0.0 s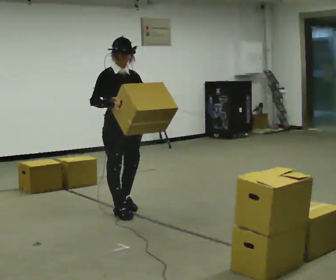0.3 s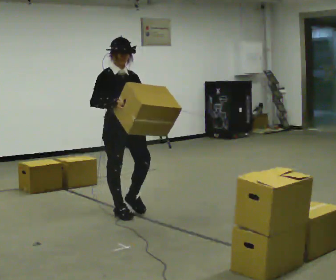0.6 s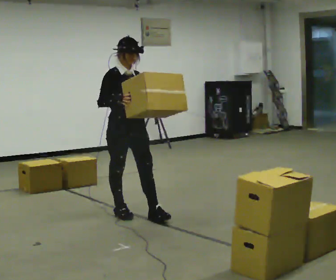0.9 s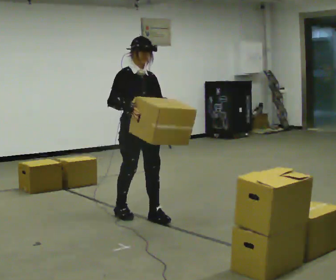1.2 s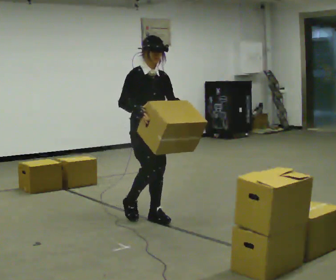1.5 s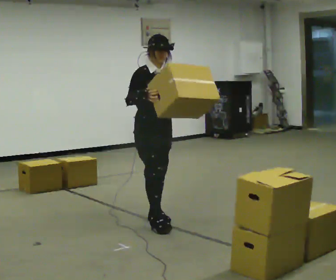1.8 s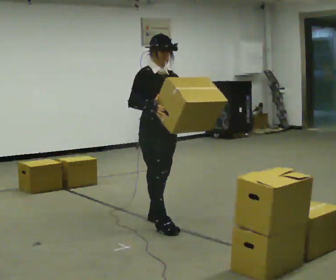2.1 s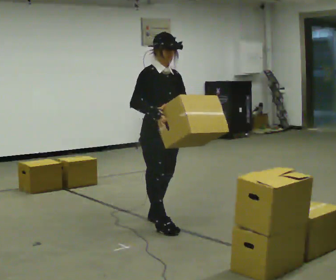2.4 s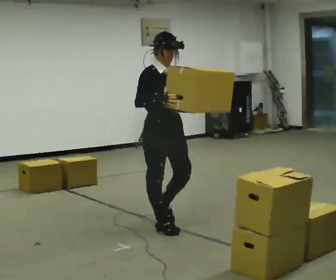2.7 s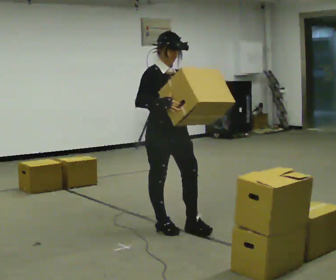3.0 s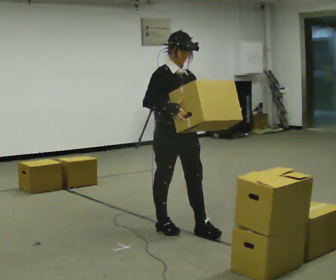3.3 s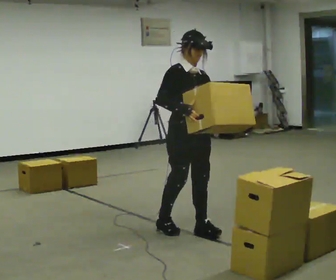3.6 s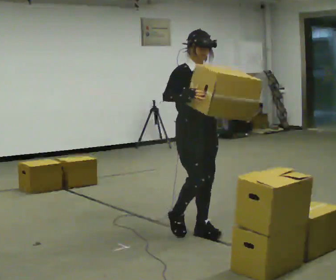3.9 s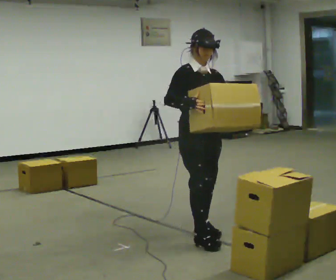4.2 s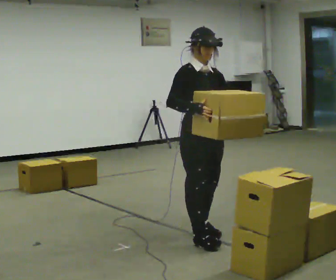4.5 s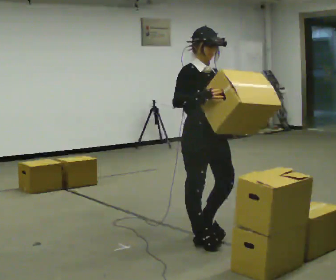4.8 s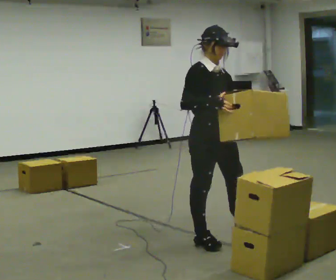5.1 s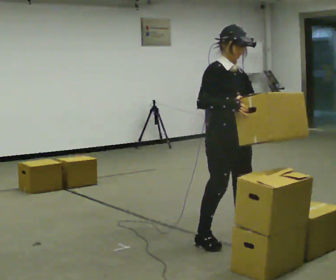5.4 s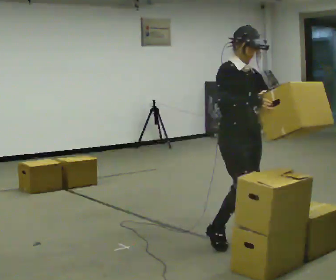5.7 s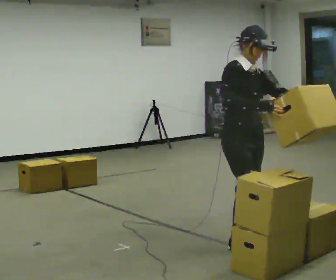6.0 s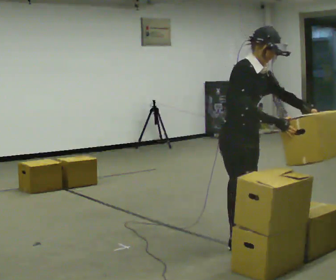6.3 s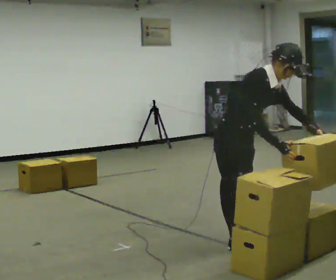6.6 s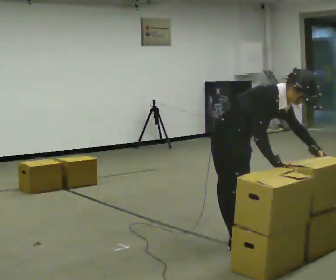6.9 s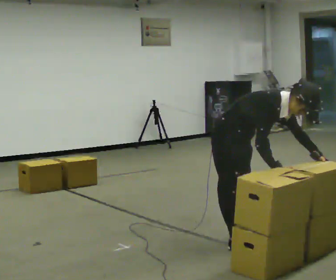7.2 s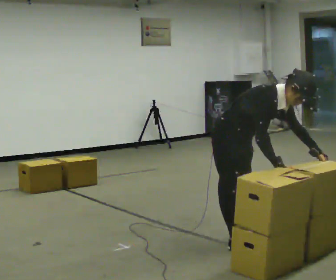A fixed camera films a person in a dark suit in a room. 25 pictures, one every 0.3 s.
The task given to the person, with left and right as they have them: Carry the box and, while you are still walking, turn it so you can read the label, read it out loud, then carry on. Repeat with the next box. Do not stop to read it.
0.0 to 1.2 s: In the picture they go to the right and toward the camera, about 0.25 m in 1 step, which for them is forward and to their left.
1.2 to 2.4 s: In the picture they go toward the camera, about 0.25 m in 1 step, which for them is forward.
2.4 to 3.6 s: In the picture they go to the right, about 0.25 m in 1 step, which for them is forward and to their left.
3.6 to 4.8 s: In the picture they go toward the camera, about 0.25 m in 1 step, which for them is forward.
4.8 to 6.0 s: In the picture they go to the right, about 0.25 m in 2 steps, which for them is forward and to their left. In the picture the upper body tilts clockwise, shoulders to the right, as they bend forward. In the picture their right hand goes to the right.
6.0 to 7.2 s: The person moves a little, or ends about where they began.
The film runs forward here.
